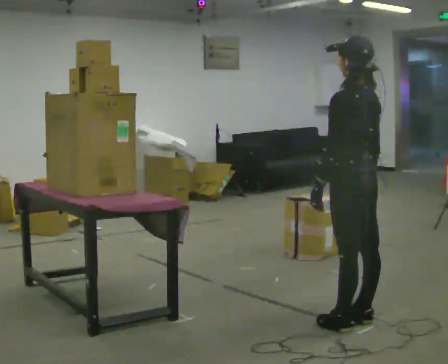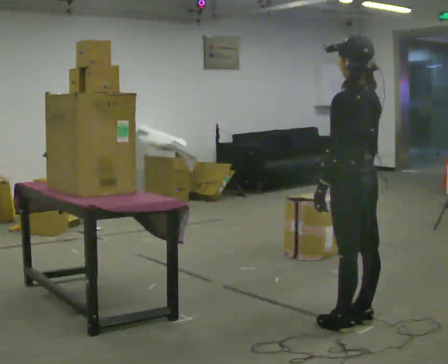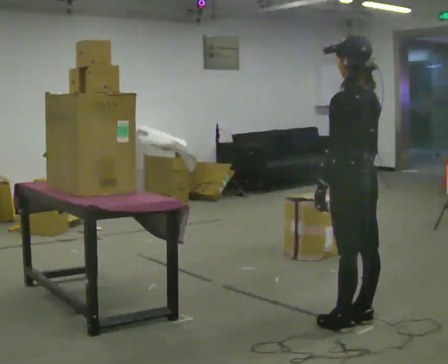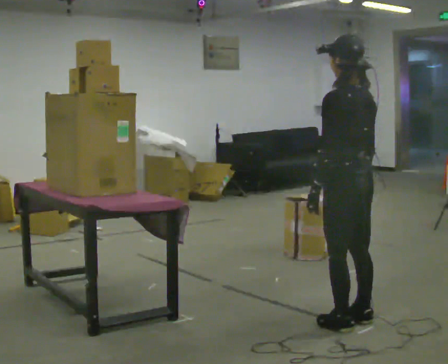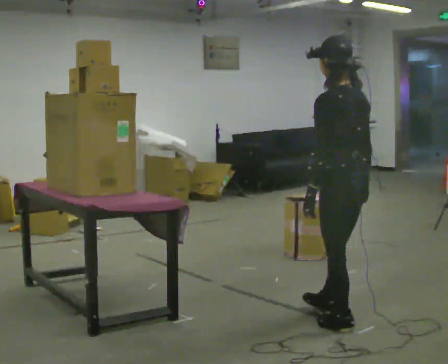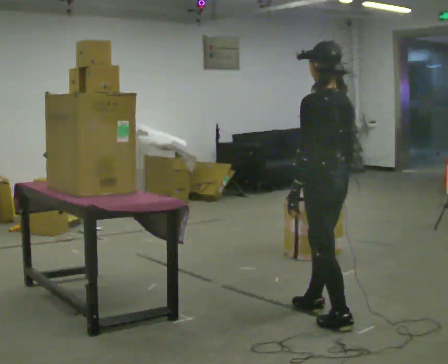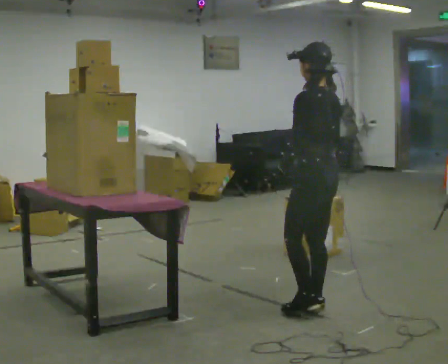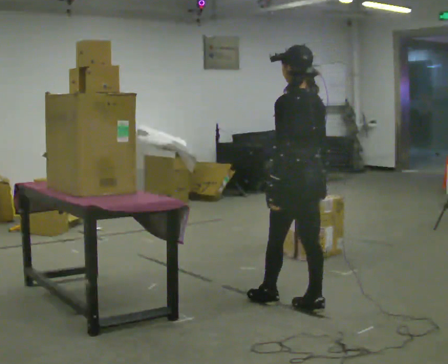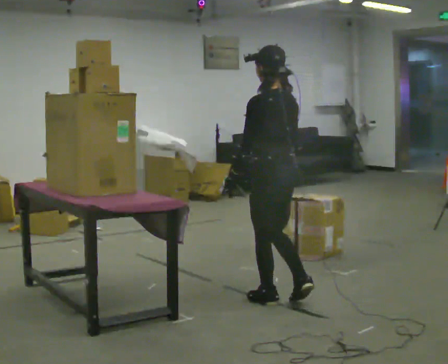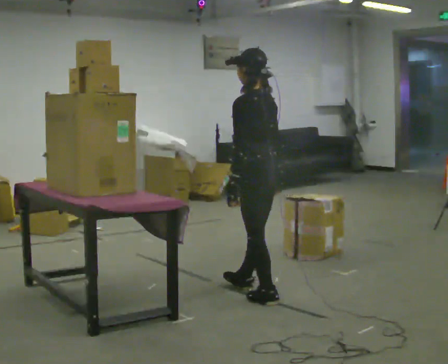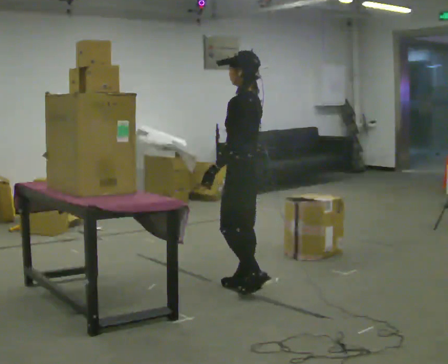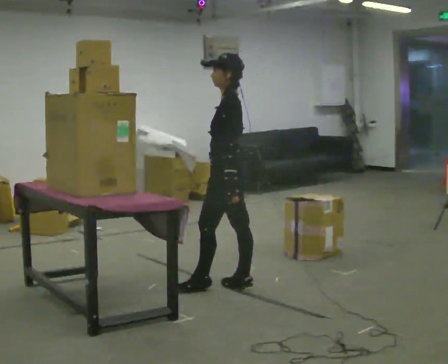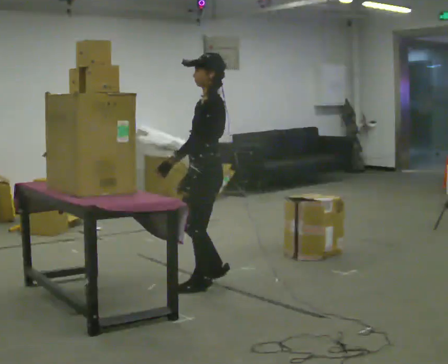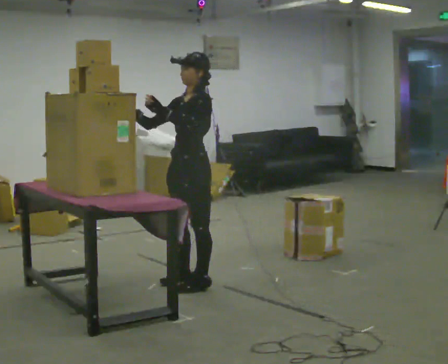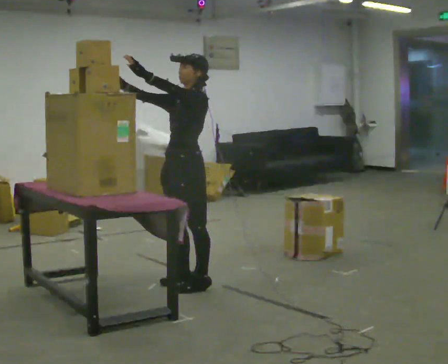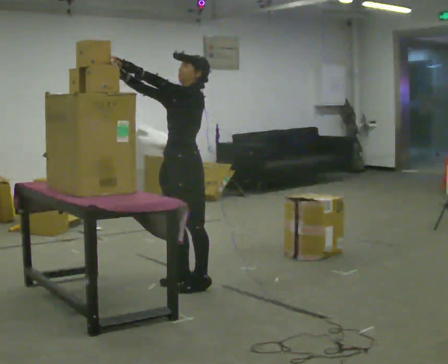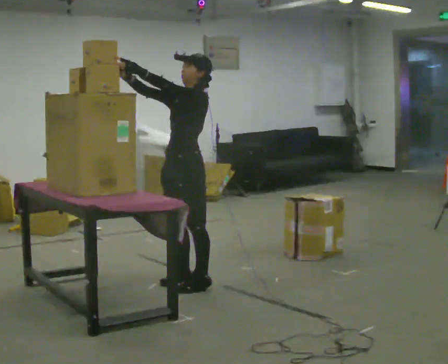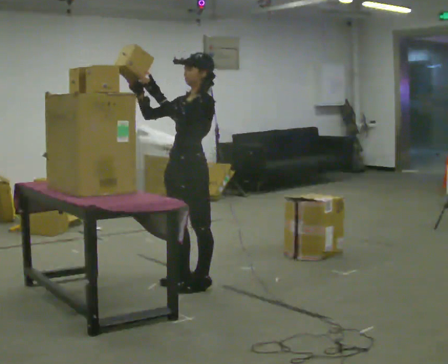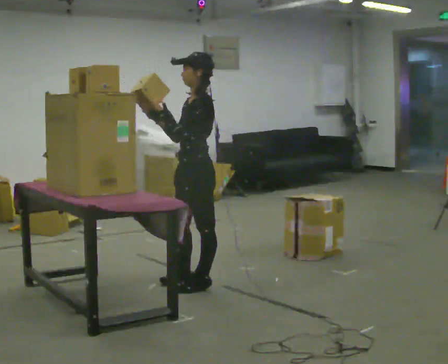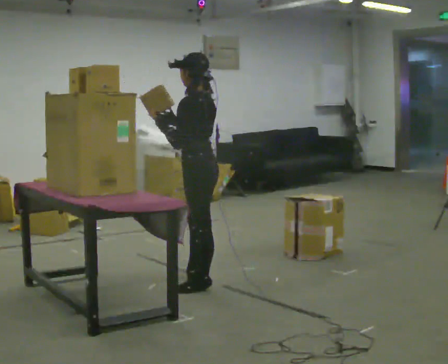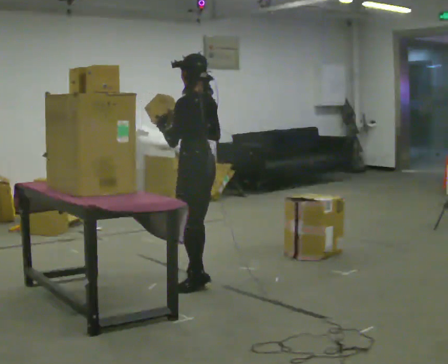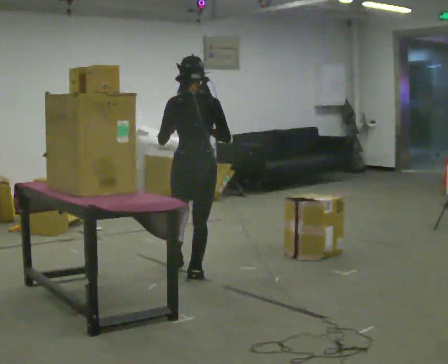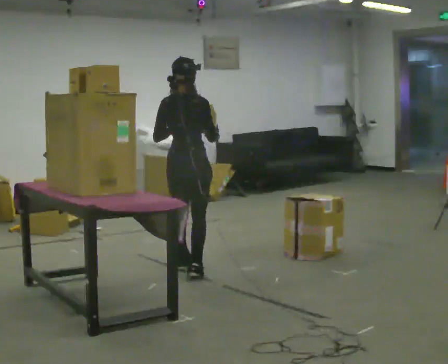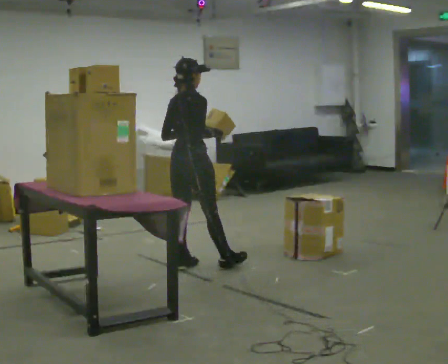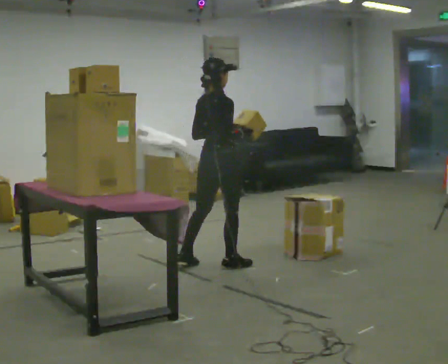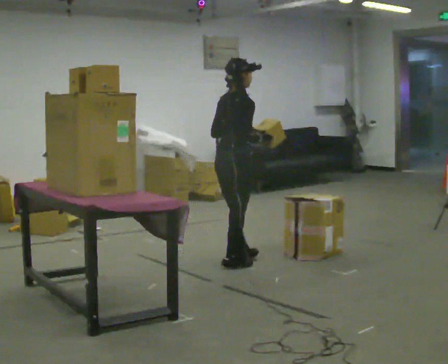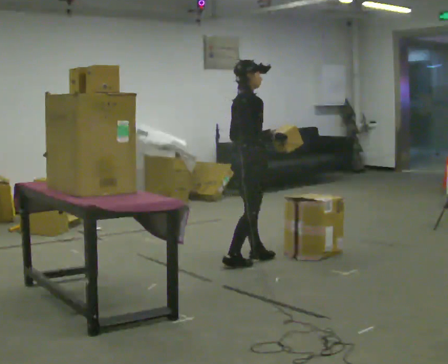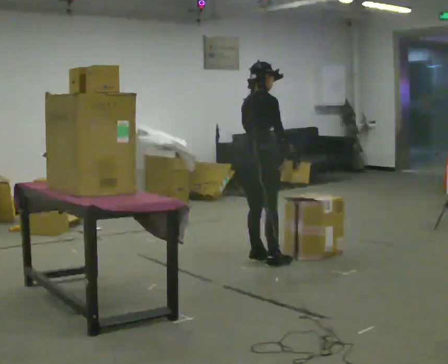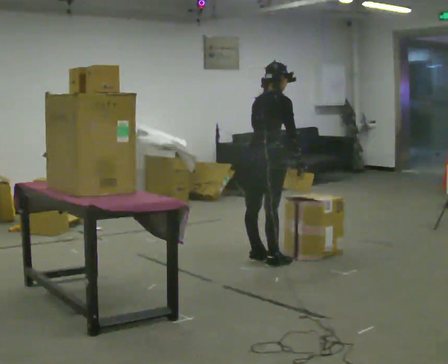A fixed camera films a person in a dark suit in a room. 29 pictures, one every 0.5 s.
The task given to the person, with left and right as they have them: Take an object from the highest shelf you can comfortably reach, carry it across, and place it on the lowest shelf. Keep going until the operator says stop; one object at a time, and do not rush between trips.
0.0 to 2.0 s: The person moves a little, or ends about where they began.
2.0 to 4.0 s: In the picture they go away from the camera and to the left, about 0.5 m in 2 steps, which for them is forward.
4.0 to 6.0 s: The person turns about 60 degrees to their left, counterclockwise seen from above, so the part of the body nearest the lens slides to the right. In the picture they go away from the camera and to the left, about 0.5 m in 2 steps, which for them is forward.
6.0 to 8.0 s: The part of the body nearest the lens slides to the right as the person turns to their left by about 30 degrees. In the picture their right hand goes upward and to the left, the arm swinging clockwise.
8.0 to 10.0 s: The person turns about 75 degrees to their right, clockwise seen from above, so the part of the body nearest the lens slides to the left. In the picture their right hand goes to the right and downward.
10.0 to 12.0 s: The part of the body nearest the lens slides to the left as the person turns to their right by about 105 degrees. In the picture they go away from the camera and to the right, about 0.5 m in 2 steps.
12.0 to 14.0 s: In the picture they go to the right, about 0.5 m in 2 steps, which for them is forward.
The film runs forward here.
